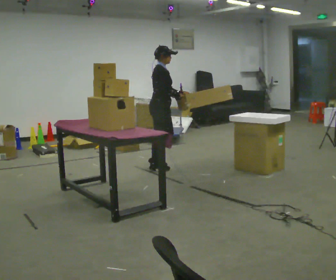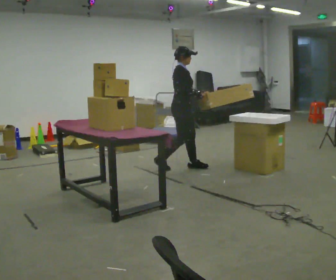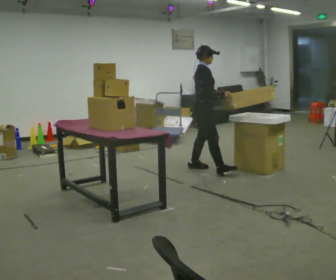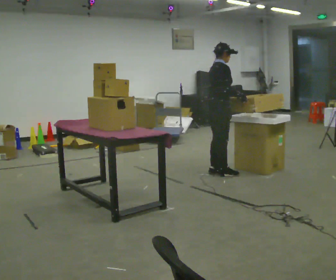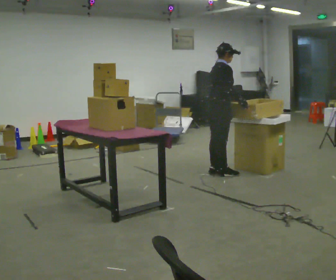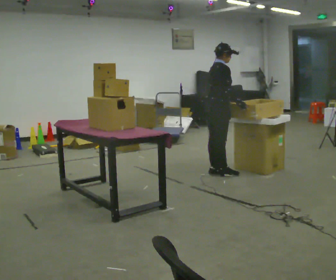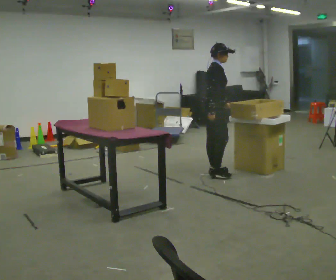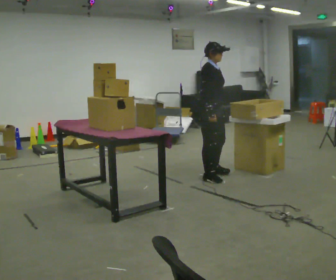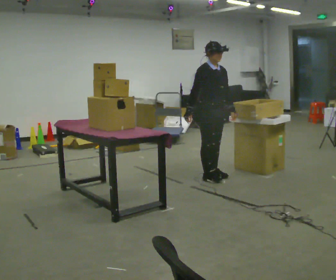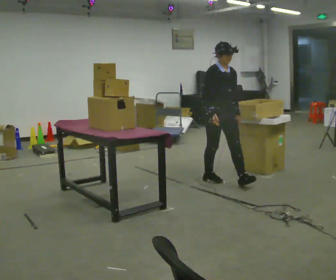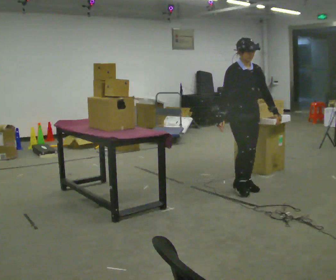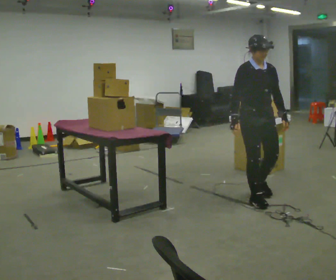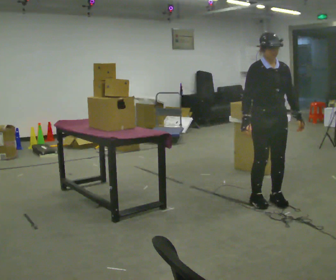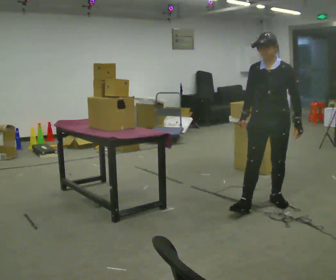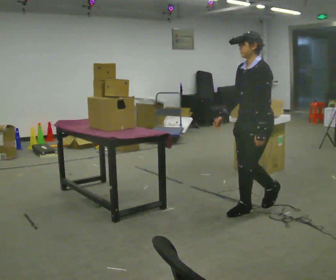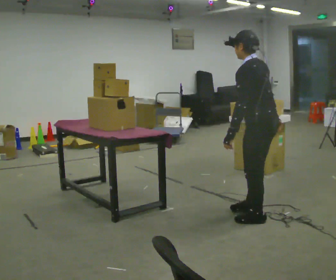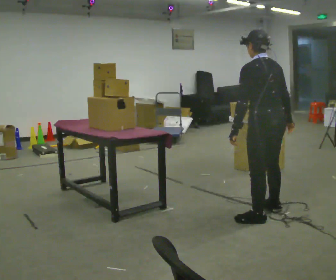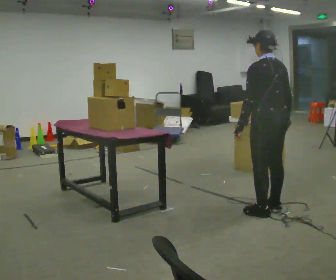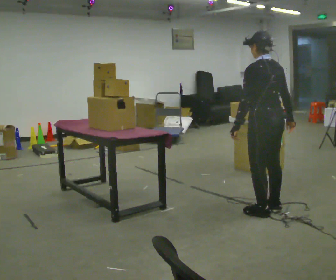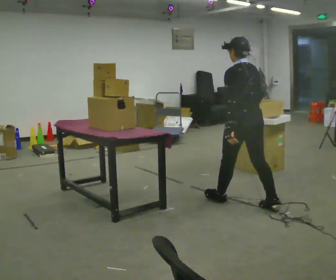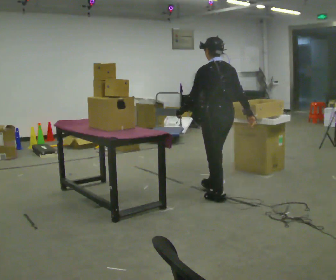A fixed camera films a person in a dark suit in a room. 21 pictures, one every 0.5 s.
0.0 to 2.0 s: In the picture they go to the right, about 1 m in 3 steps, which for them is forward.
2.0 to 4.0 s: The part of the body nearest the lens slides to the left as the person turns to their right by about 60 degrees. In the picture they go toward the camera, about 0.25 m in 1 step. In the picture their right hand goes to the left, the arm swinging clockwise.
4.0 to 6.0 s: Seen from above the body turns clockwise, about 30 degrees: to their right, with its near side sliding to the left. In the picture they go toward the camera and to the right, about 1 m in 3 steps, which for them is forward.
6.0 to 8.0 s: Seen from above the body turns clockwise, about 165 degrees: to their right, with its near side sliding to the left. In the picture they go toward the camera, about 0.5 m in 3 steps.
8.0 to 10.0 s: In the picture they go away from the camera and to the left, about 0.75 m in 1 step, which for them is forward.
The film runs forward here.
